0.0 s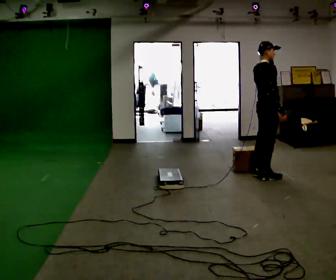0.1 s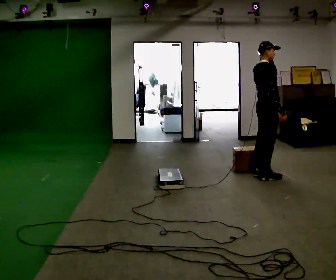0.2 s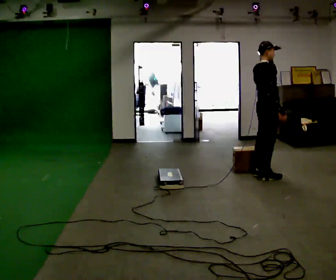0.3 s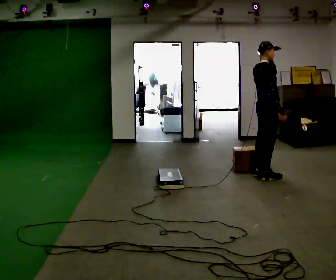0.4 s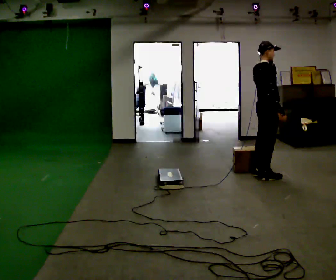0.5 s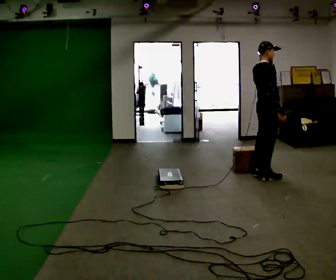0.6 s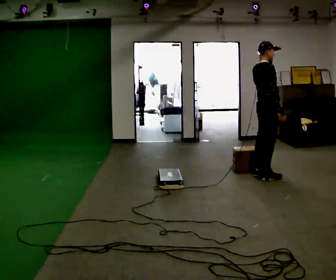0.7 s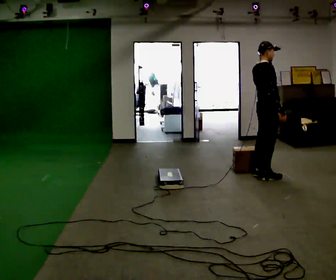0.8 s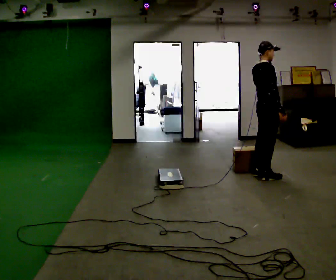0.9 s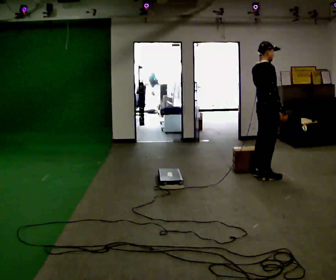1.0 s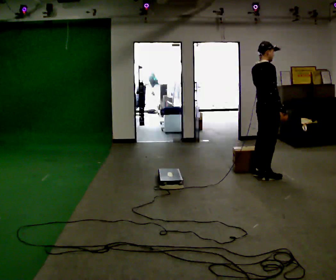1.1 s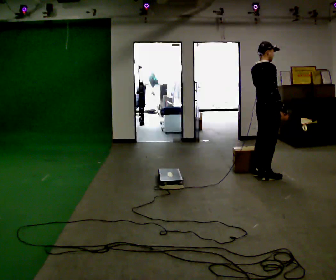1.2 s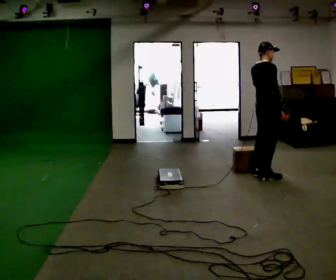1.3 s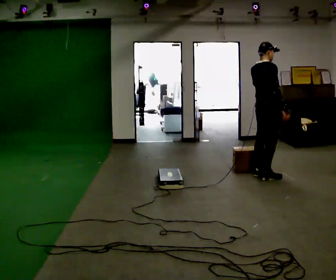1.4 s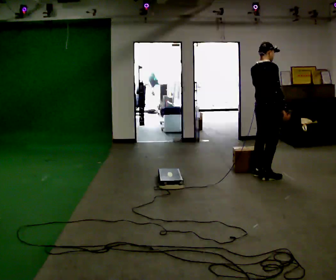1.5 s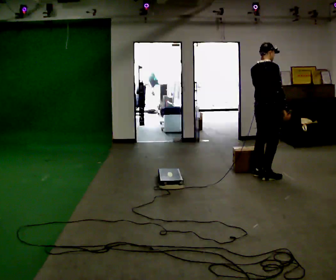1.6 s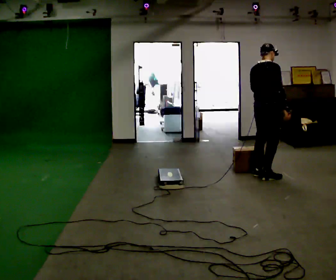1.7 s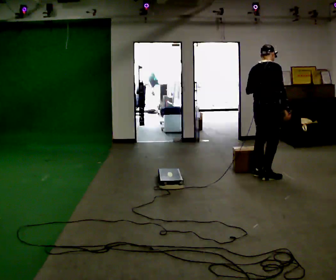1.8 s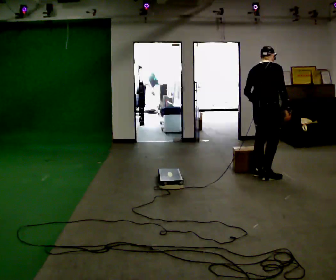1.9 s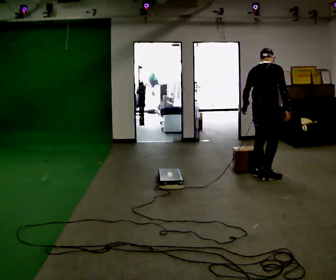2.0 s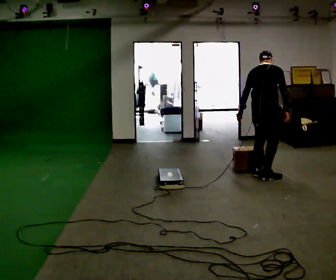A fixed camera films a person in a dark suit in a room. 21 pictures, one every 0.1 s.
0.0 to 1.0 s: The person moves a little, or ends about where they began.
1.0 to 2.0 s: The part of the body nearest the lens slides to the right as the person turns to their left by about 30 degrees. The upper body tips away from the camera, its near side rolling upward, as they bend forward. In the picture their left hand goes downward and to the left.
The film runs forward here.
